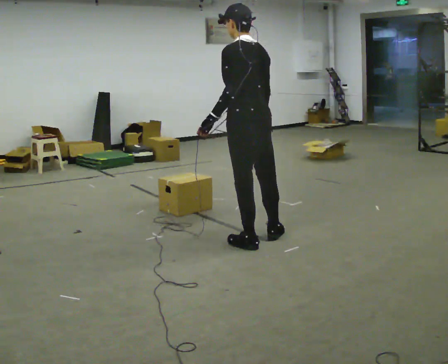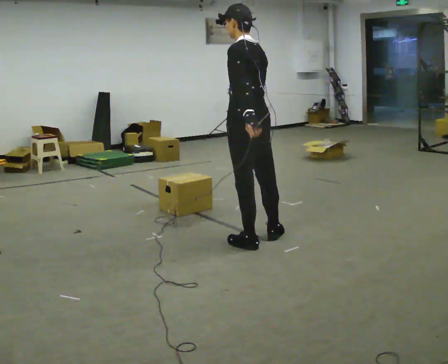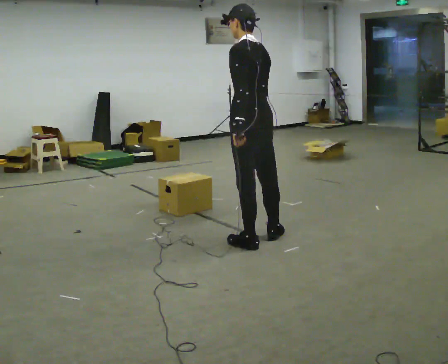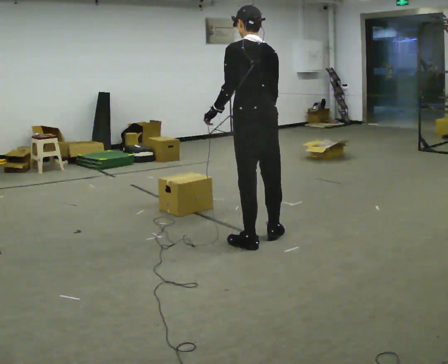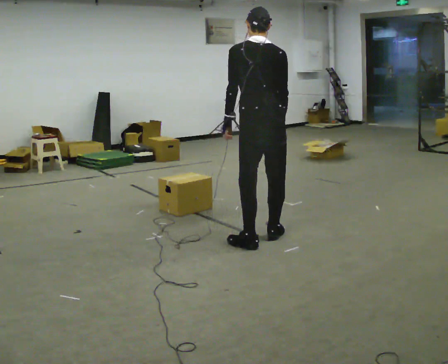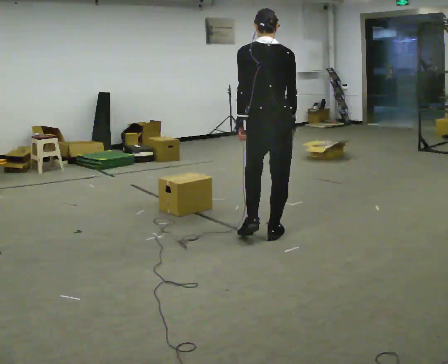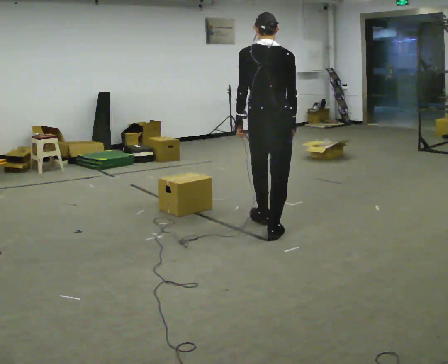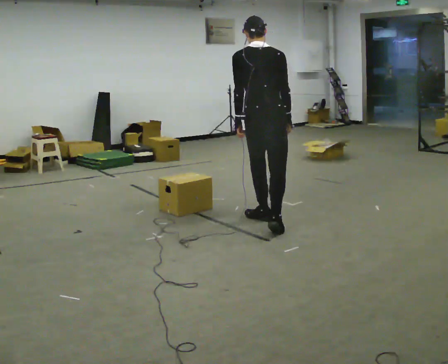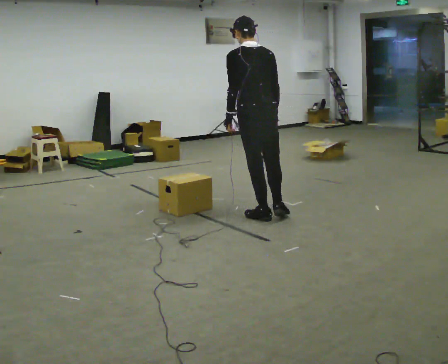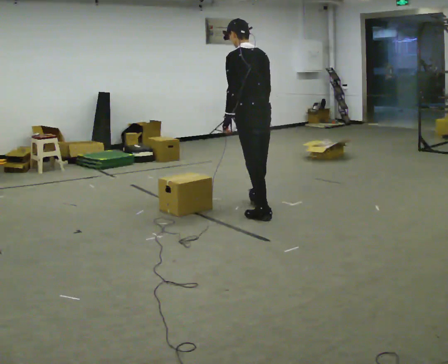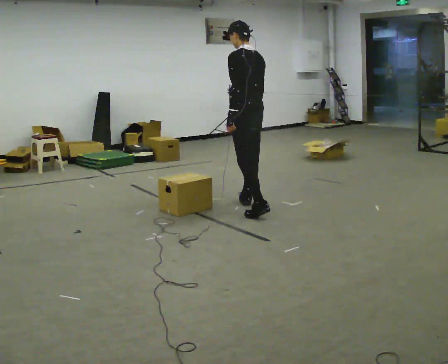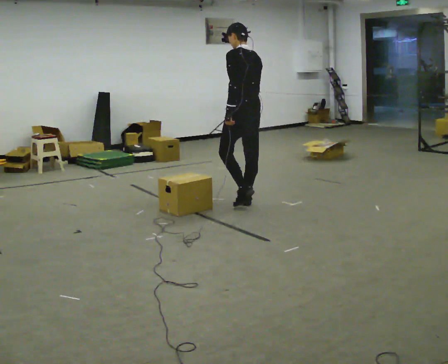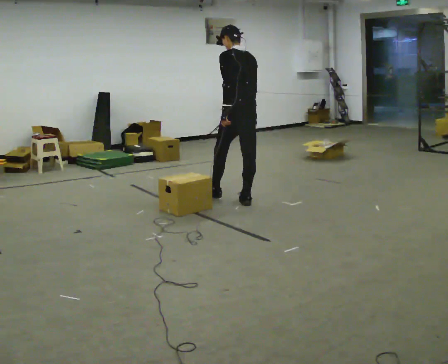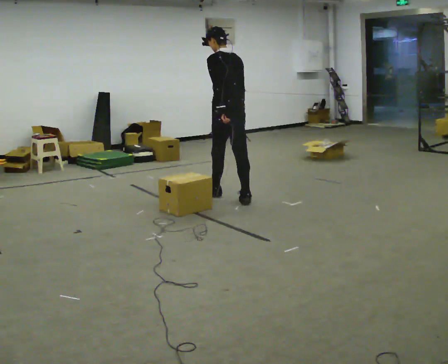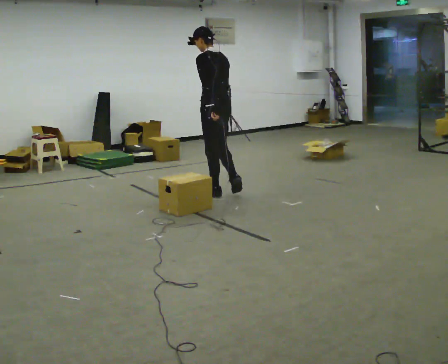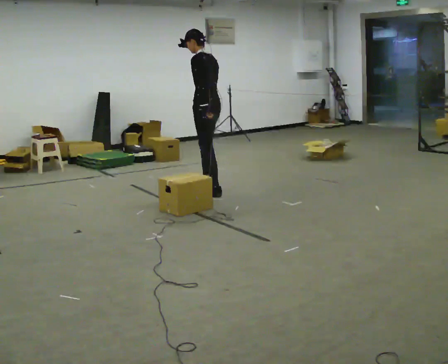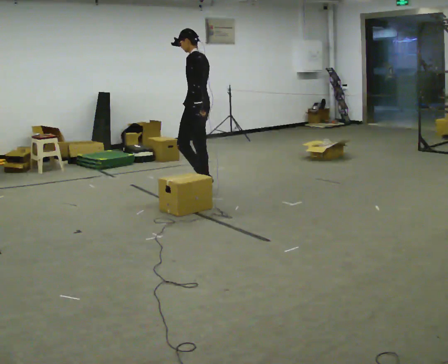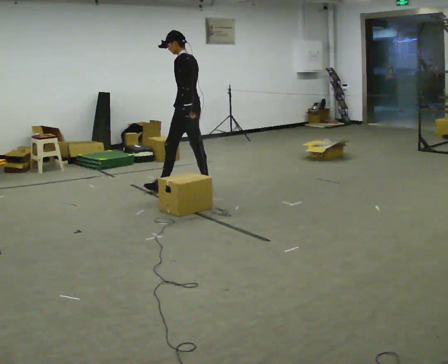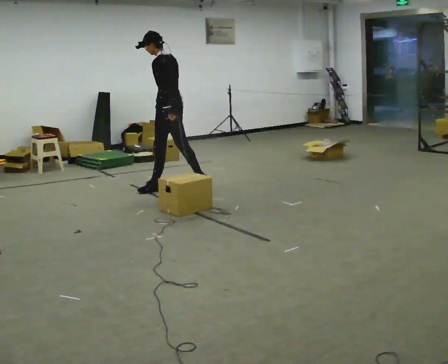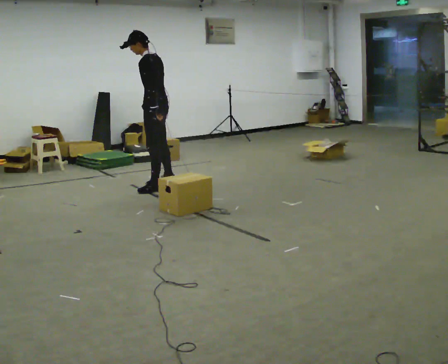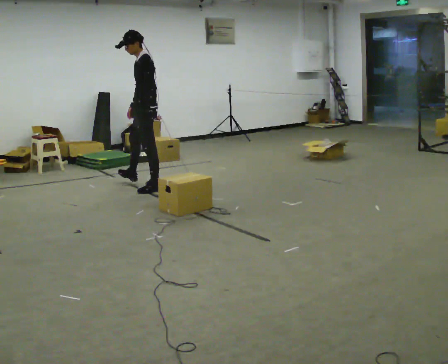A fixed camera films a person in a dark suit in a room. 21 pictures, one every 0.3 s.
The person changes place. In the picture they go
away from the camera.
The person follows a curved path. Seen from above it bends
counterclockwise.
0.0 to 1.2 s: The person turns about 30 degrees to their right, clockwise seen from above, so the part of the body nearest the lens slides to the left.
1.2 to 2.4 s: In the picture they go away from the camera, about 0.5 m in 1 step, which for them is forward.
2.4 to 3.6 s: In the picture they go away from the camera, about 0.5 m in 1 step, which for them is forward and to their right.
3.6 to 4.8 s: The person turns about 45 degrees to their left, counterclockwise seen from above, so the part of the body nearest the lens slides to the right. In the picture they go away from the camera and to the left, about 0.5 m in 2 steps, which for them is forward.
4.8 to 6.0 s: The part of the body nearest the lens slides to the right as the person turns to their left by about 30 degrees. In the picture they go to the left, about 0.5 m in 1 step, which for them is forward and to their left.
The film runs forward here.
